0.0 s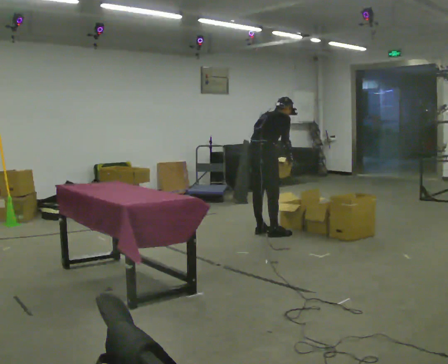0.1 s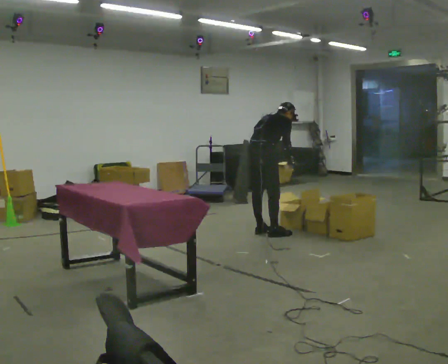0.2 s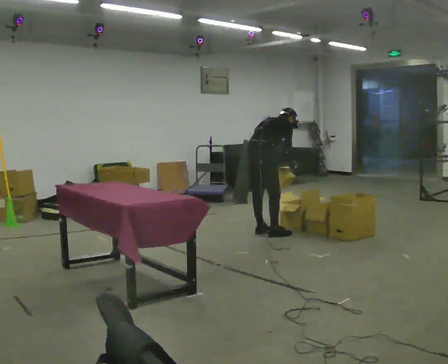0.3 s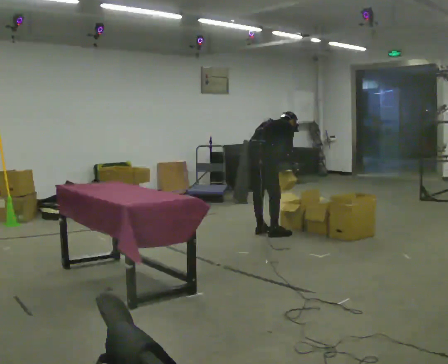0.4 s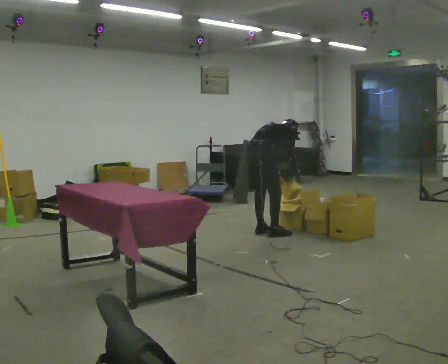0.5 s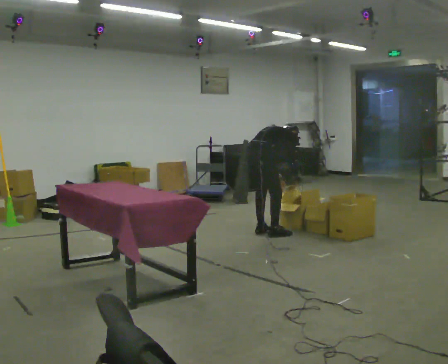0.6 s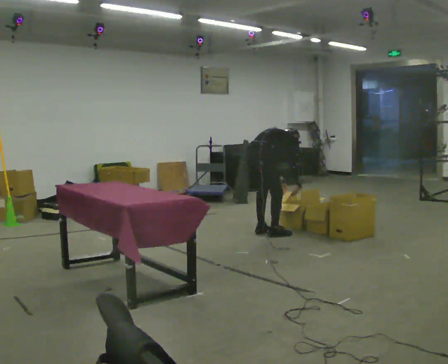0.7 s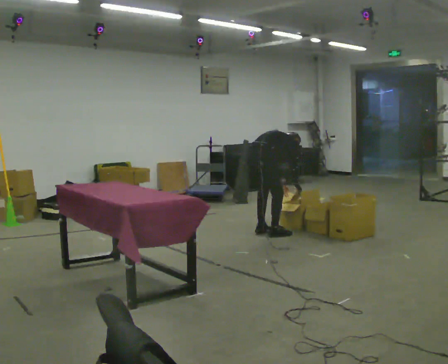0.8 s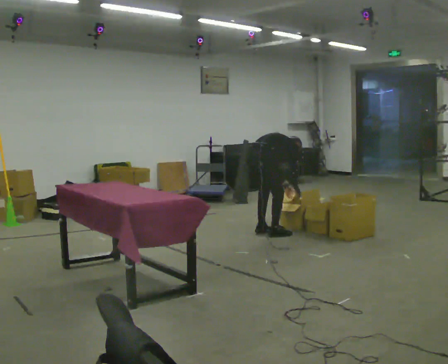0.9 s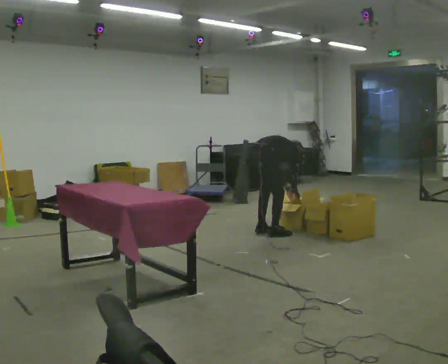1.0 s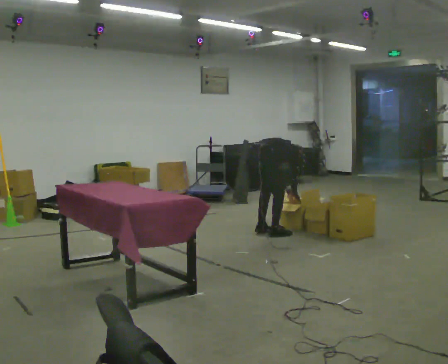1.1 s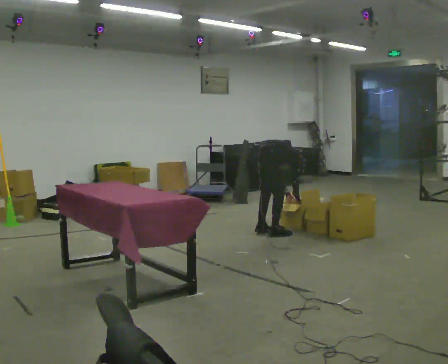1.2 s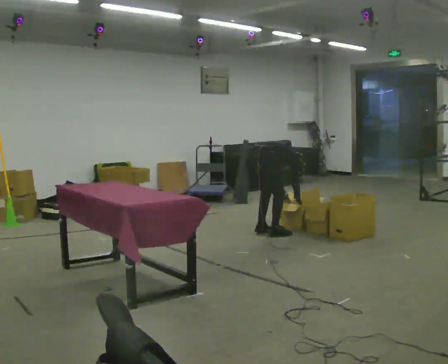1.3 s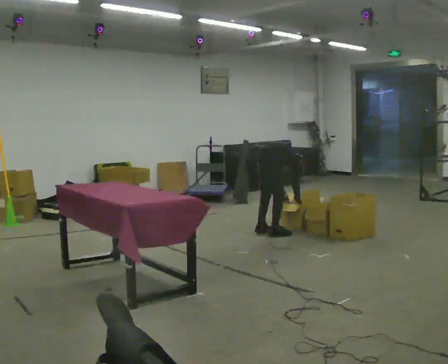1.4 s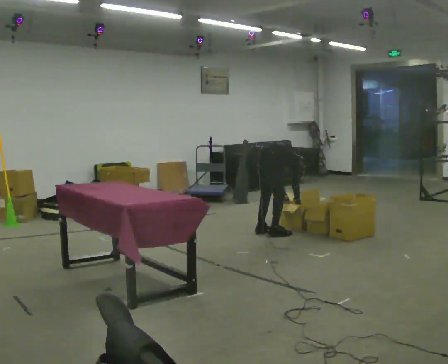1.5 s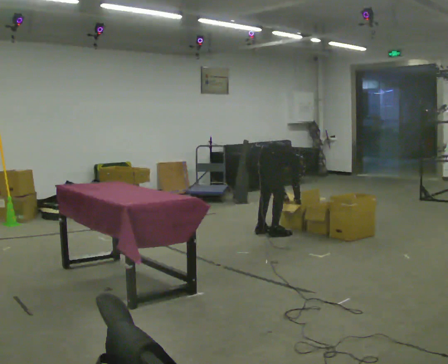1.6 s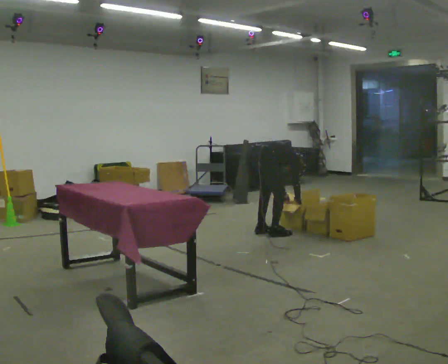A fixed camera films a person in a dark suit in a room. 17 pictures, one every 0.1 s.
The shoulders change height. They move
downward.
The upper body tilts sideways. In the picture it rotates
clockwise.
0.0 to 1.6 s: The shoulders move downward. In the picture the upper body tilts clockwise, shoulders to the right, as they bend forward. In the picture their left hand goes downward.
The film runs backward here.
